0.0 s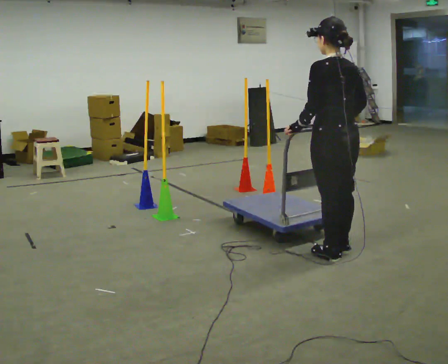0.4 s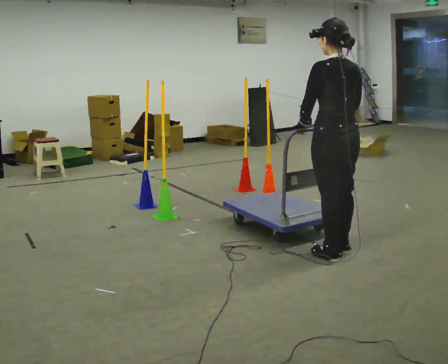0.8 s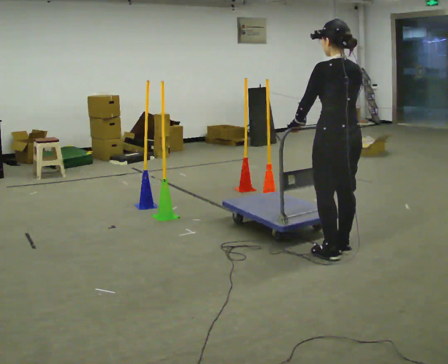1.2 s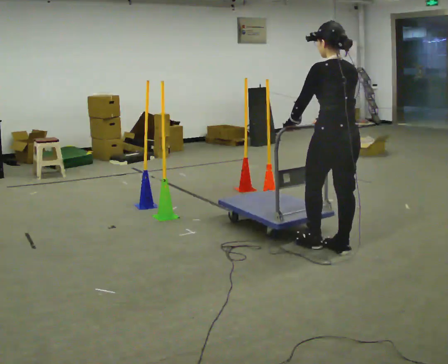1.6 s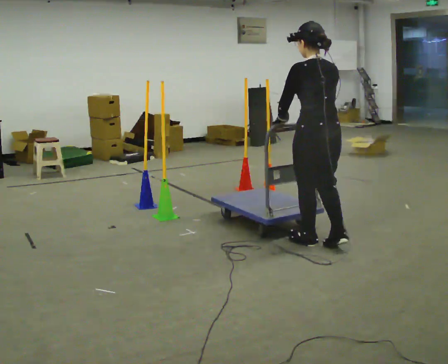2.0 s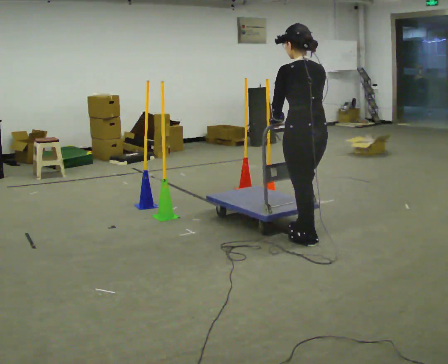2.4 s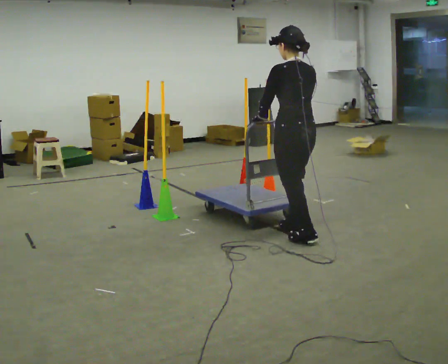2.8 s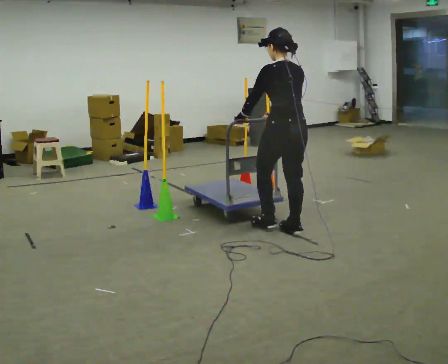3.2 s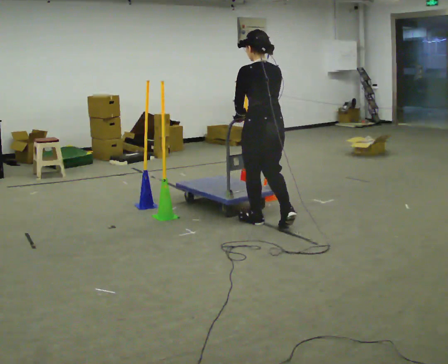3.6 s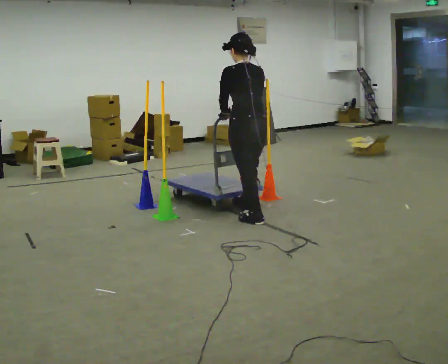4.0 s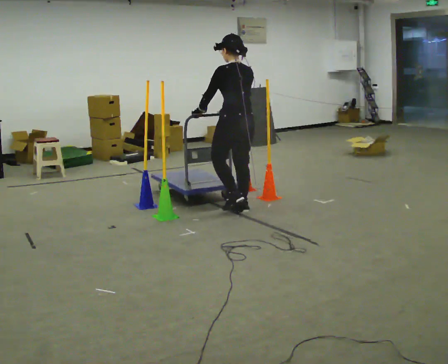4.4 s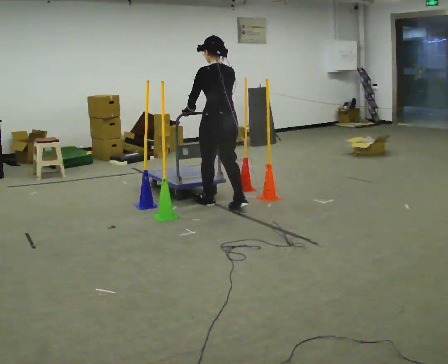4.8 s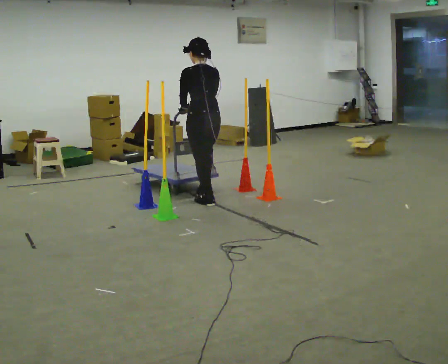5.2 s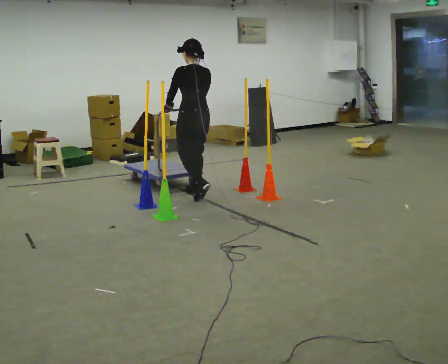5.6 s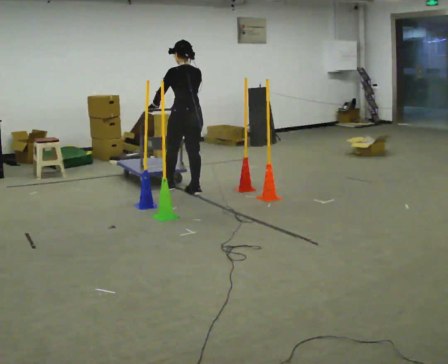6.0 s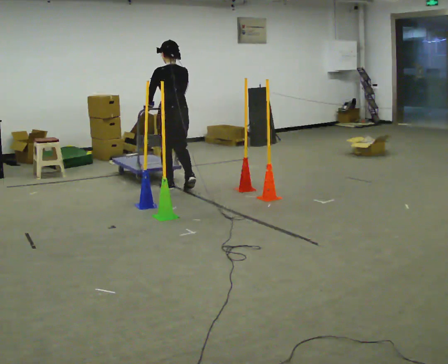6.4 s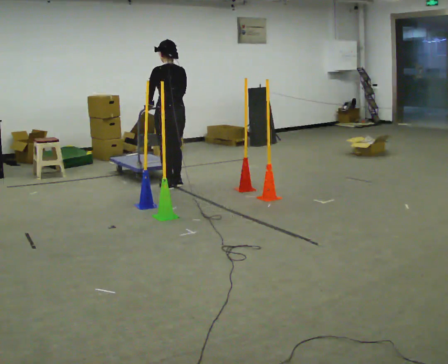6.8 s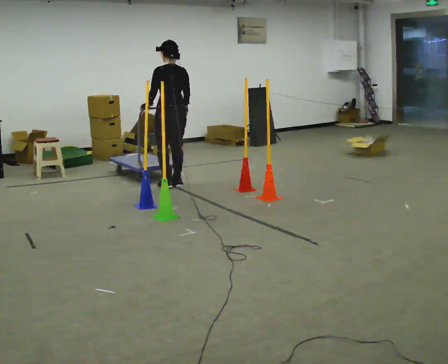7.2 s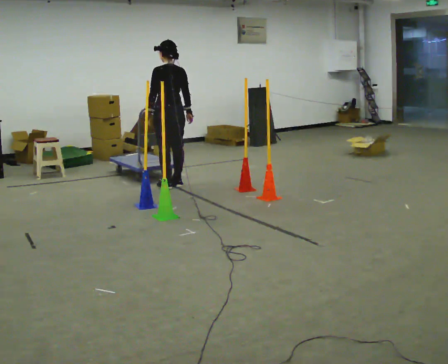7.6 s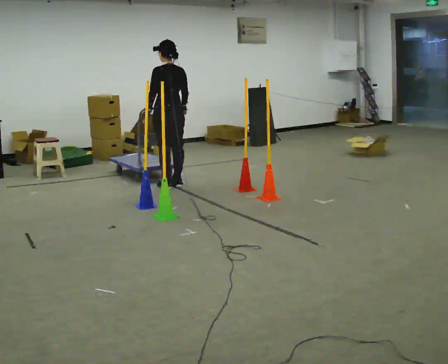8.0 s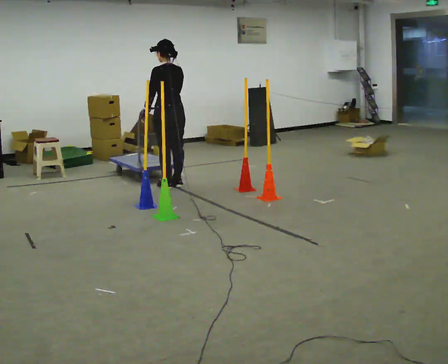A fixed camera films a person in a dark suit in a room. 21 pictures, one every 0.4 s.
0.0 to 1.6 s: In the picture they go away from the camera, about 0.25 m in 1 step, which for them is forward.
1.6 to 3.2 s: In the picture they go away from the camera and to the left, about 0.75 m in 2 steps, which for them is forward.
3.2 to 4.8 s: In the picture they go away from the camera and to the left, about 1 m in 2 steps, which for them is forward.
4.8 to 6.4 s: In the picture they go away from the camera and to the left, about 0.5 m in 3 steps, which for them is forward.
6.4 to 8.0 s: The person moves a little, or ends about where they began.
The film runs forward here.
